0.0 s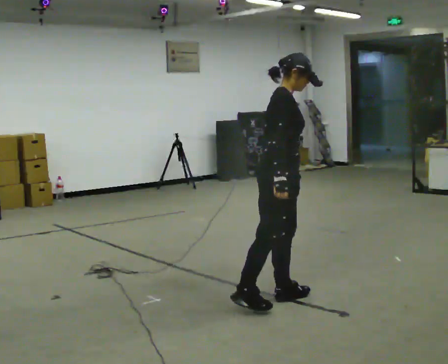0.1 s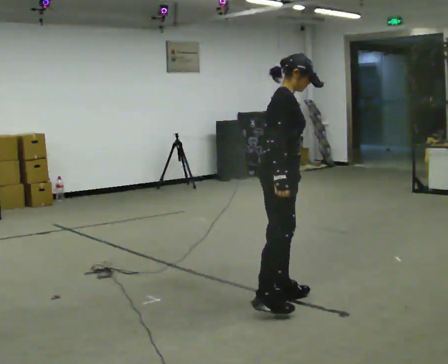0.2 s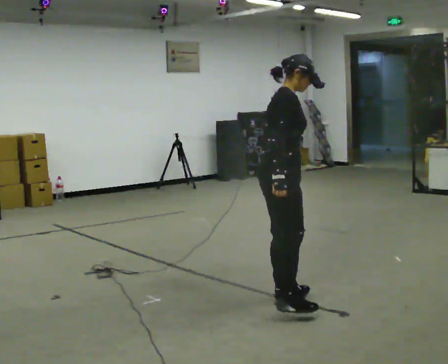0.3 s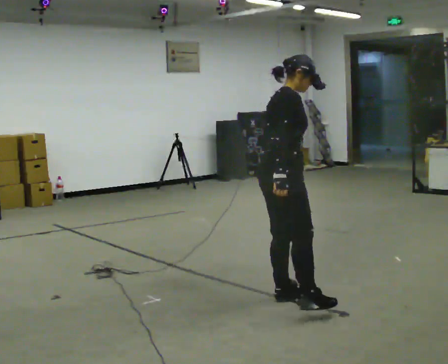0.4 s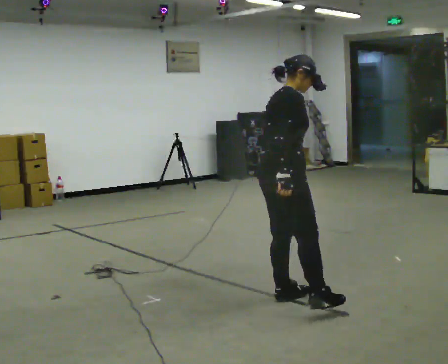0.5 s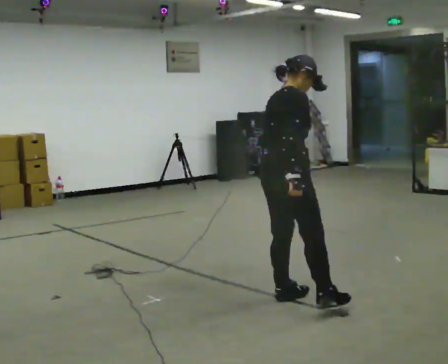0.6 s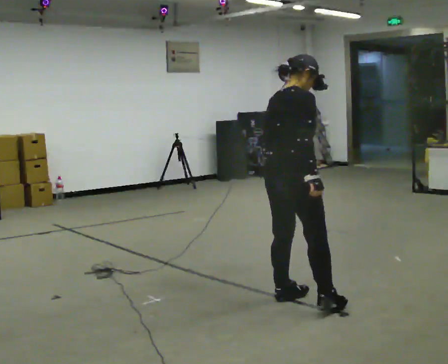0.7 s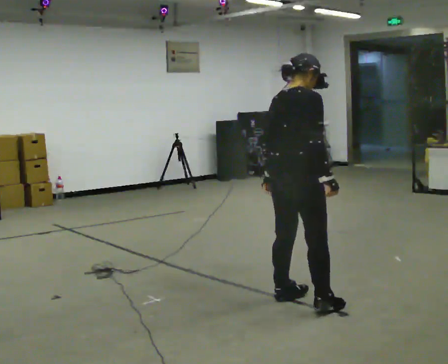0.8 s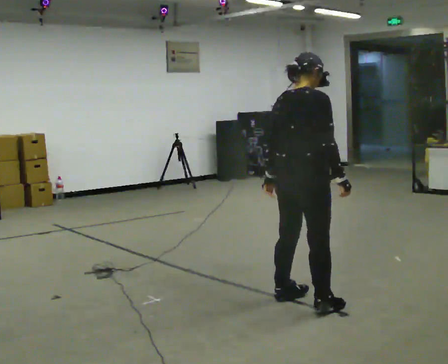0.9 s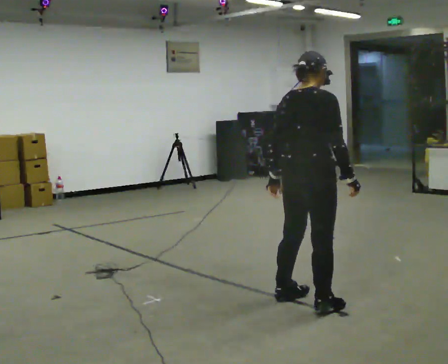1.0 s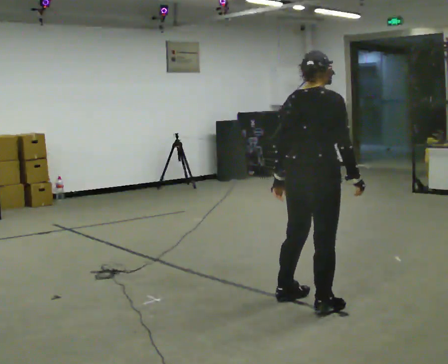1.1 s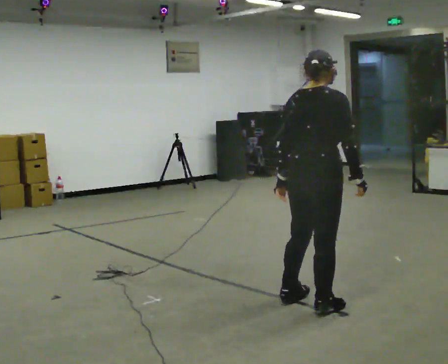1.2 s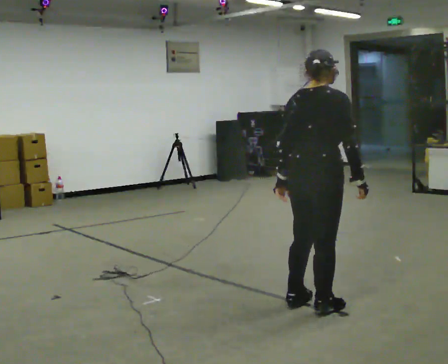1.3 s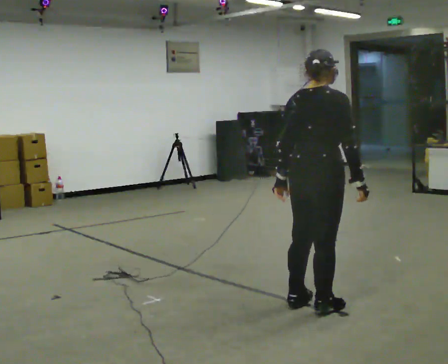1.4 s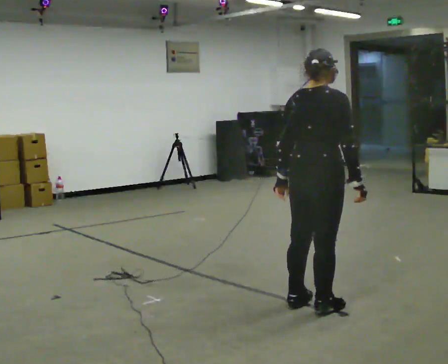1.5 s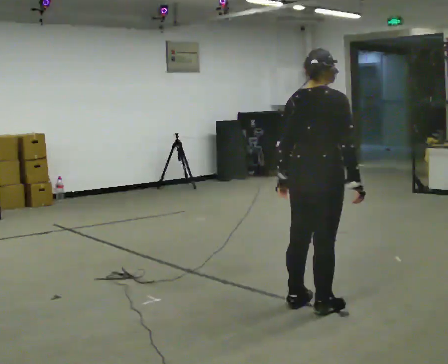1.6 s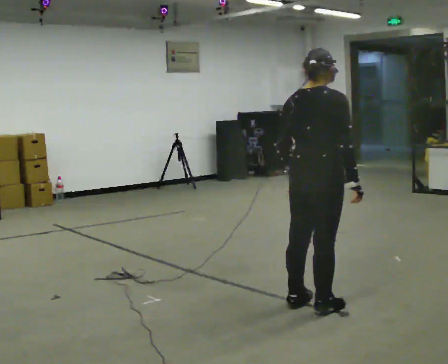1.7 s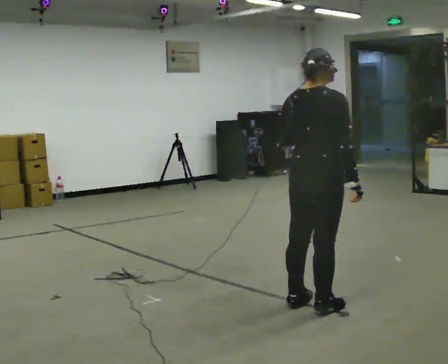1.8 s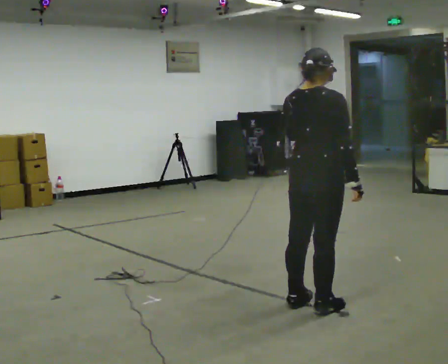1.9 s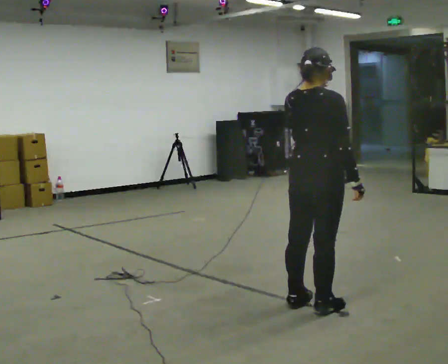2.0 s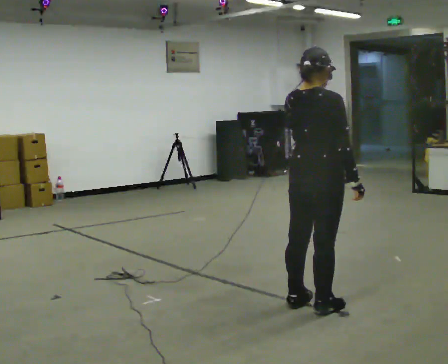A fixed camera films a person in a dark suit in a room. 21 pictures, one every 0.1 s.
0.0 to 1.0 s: Seen from above the body turns counterclockwise, about 60 degrees: to their left, with its near side sliding to the right. In the picture they go toward the camera and to the right, about 0.25 m in 1 step, which for them is to their right.
1.0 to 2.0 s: In the picture their left hand goes upward.
The film runs forward here.
